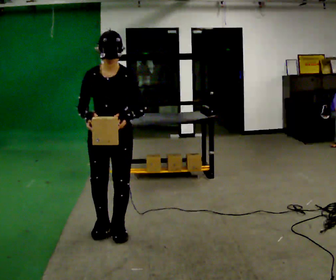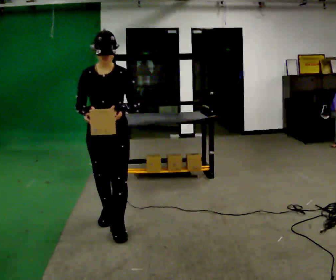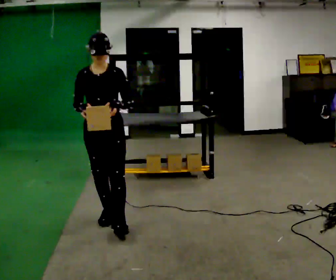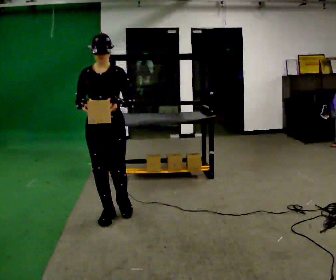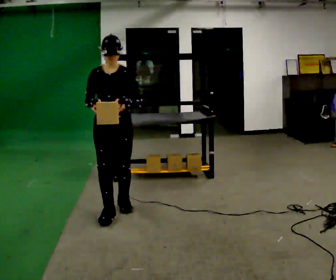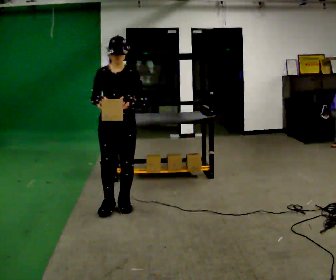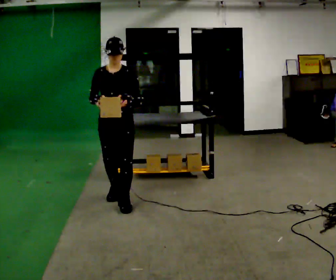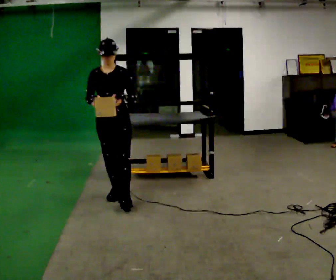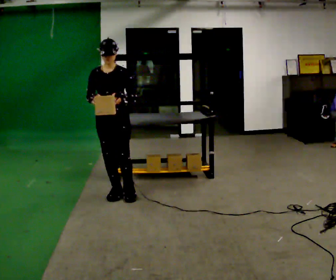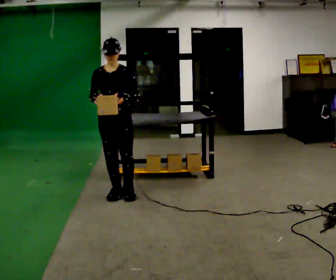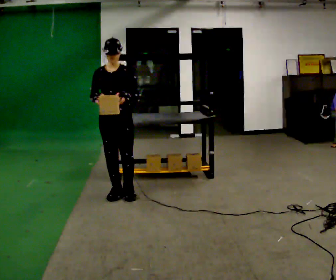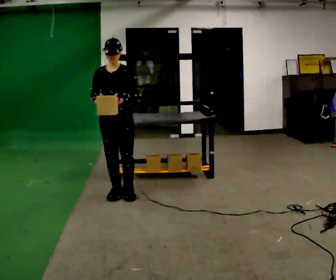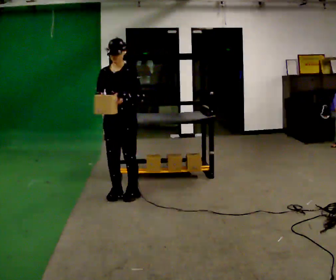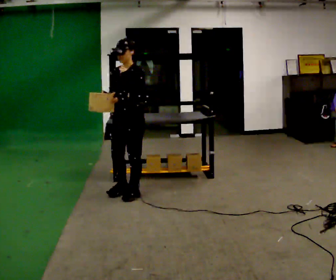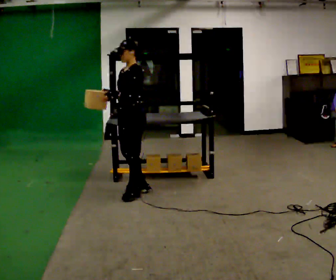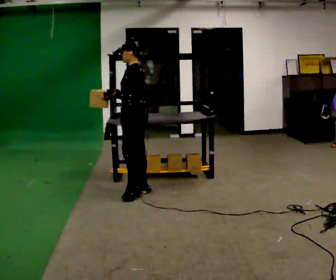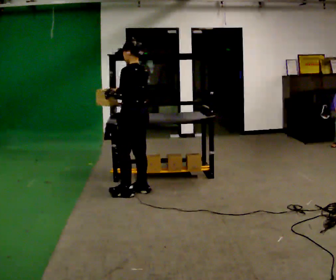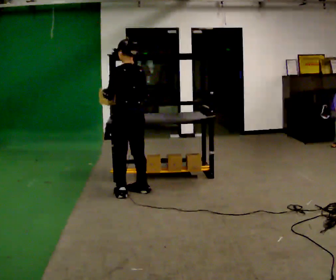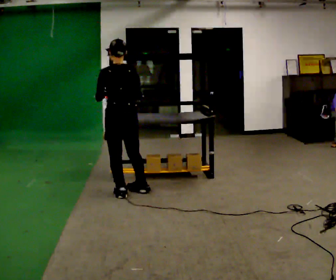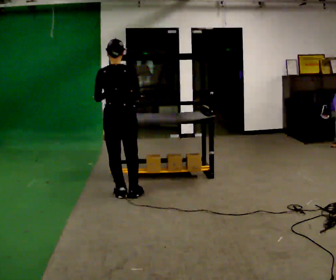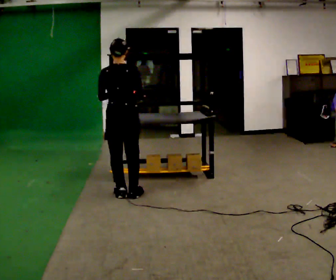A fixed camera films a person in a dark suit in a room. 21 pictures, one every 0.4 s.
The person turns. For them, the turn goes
to their right.
The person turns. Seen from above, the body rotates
clockwise.
0.0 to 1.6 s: In the picture they go away from the camera, about 0.5 m in 1 step, which for them is backward.
1.6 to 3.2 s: In the picture they go away from the camera, about 0.5 m in 2 steps, which for them is backward.
3.2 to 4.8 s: The person moves a little, or ends about where they began.
4.8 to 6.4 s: The part of the body nearest the lens slides to the left as the person turns to their right by about 105 degrees. In the picture they go to the right, about 0.25 m in 1 step.
6.4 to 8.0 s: The person turns about 60 degrees to their right, clockwise seen from above, so the part of the body nearest the lens slides to the left.
The film runs backward here.
